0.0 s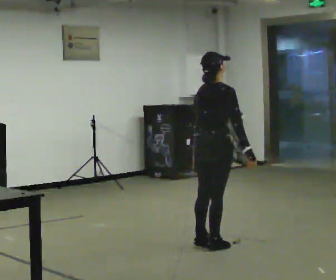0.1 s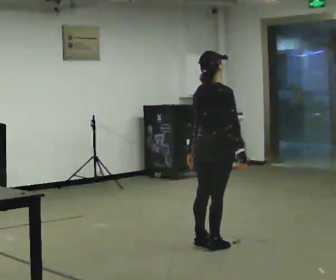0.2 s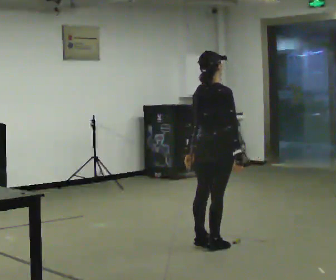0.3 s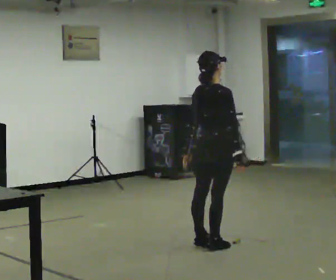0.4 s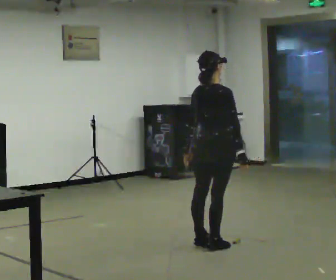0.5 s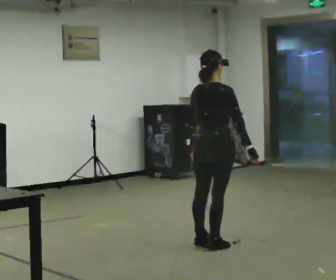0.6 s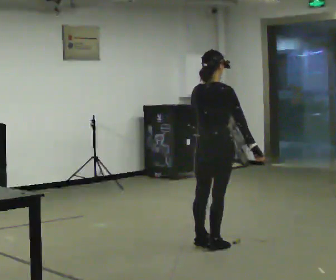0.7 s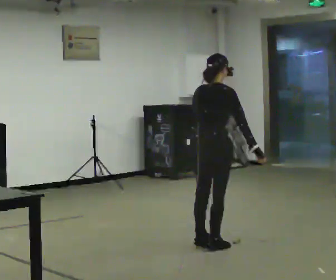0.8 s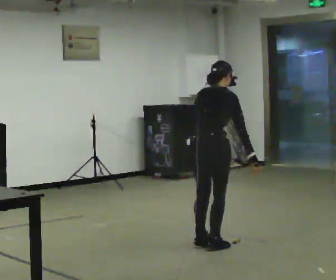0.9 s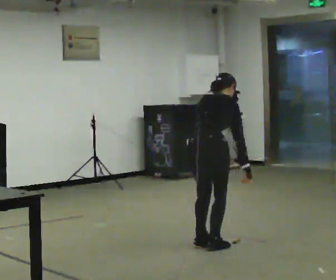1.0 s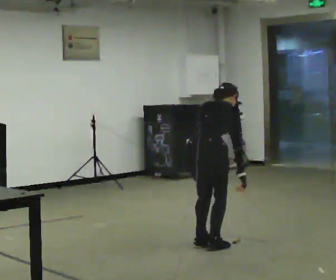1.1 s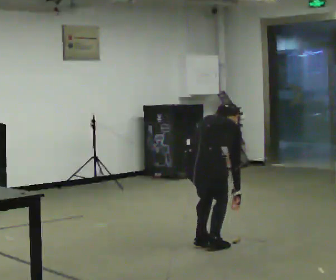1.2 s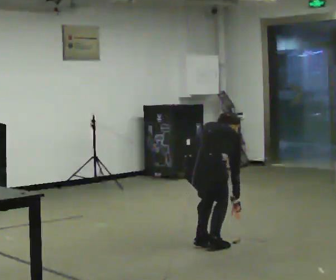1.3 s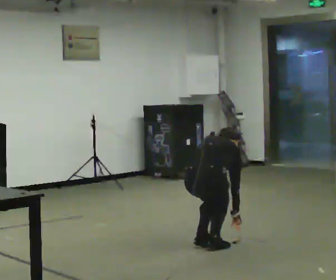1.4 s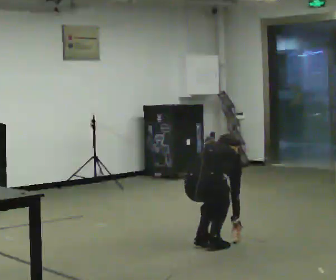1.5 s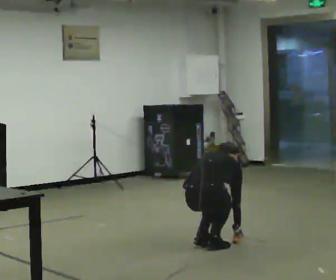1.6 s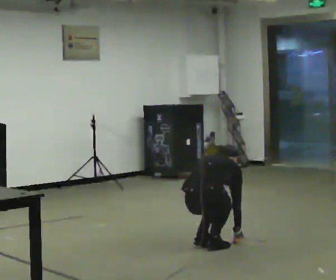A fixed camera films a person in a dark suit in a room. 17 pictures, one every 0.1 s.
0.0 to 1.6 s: In the picture they go toward the camera, about 0.25 m, which for them is backward. The shoulders move downward. The upper body tips away from the camera, its near side rolling upward. In the picture their right hand goes downward.
The film runs backward here.
